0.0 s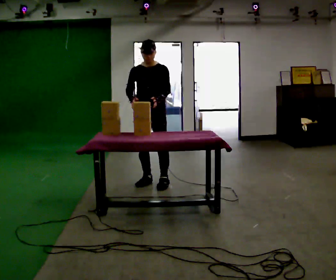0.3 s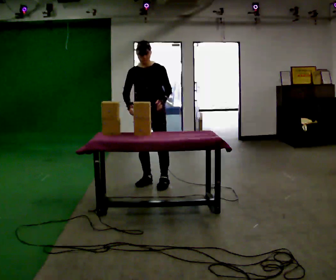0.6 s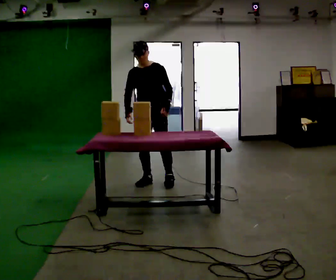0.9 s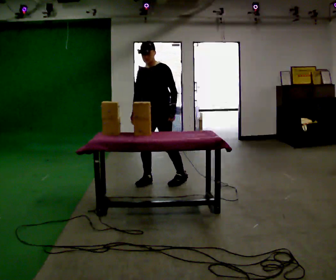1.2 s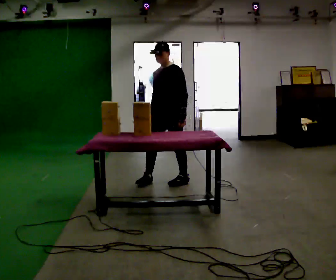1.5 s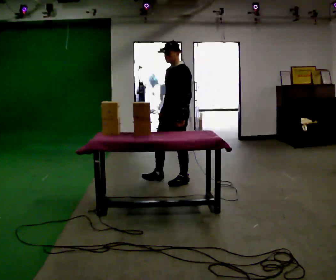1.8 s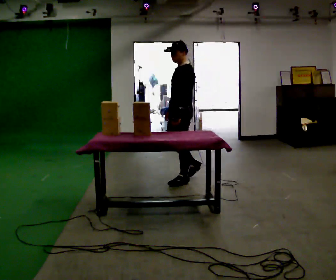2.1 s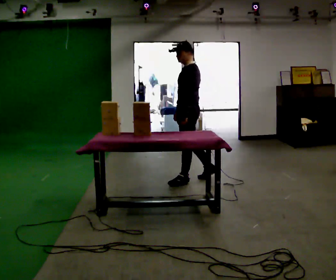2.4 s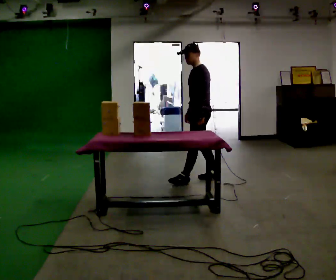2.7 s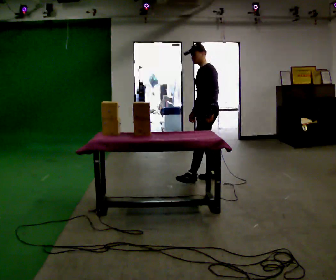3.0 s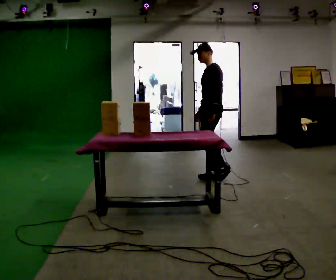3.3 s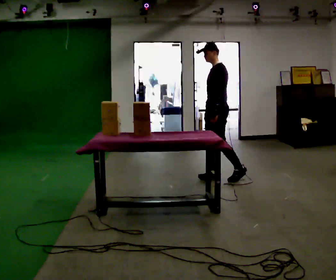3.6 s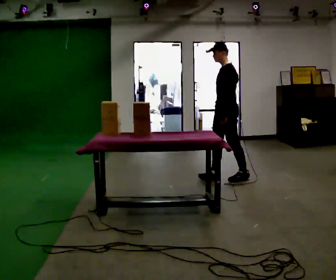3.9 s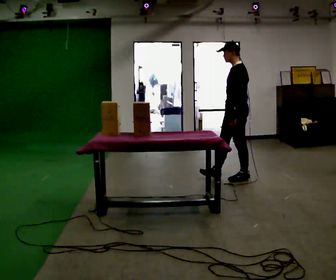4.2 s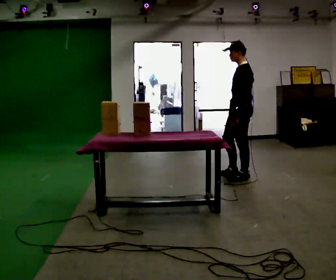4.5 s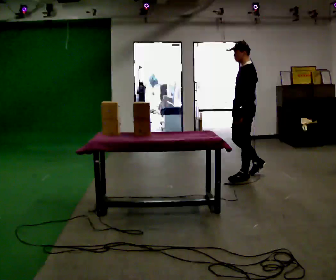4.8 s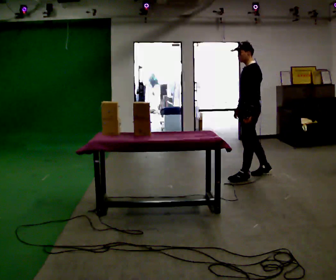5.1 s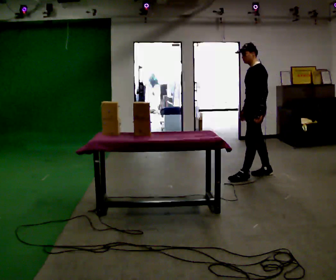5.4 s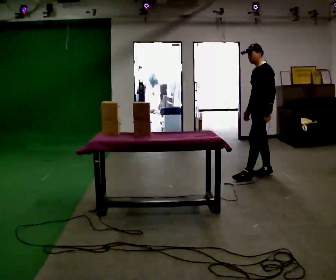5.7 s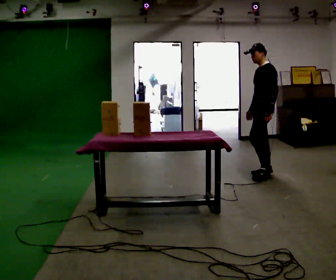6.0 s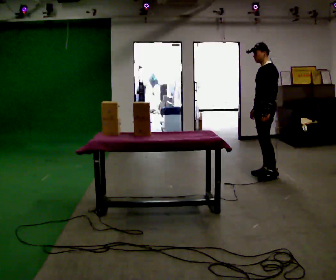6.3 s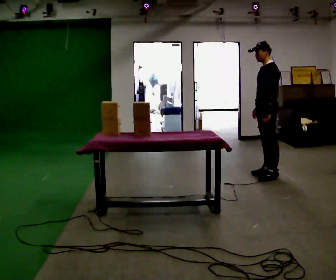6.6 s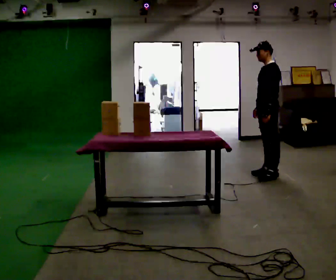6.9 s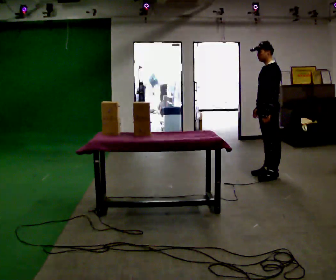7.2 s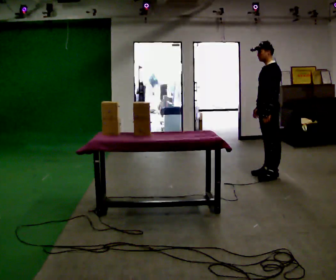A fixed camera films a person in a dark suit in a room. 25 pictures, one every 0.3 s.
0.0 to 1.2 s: The part of the body nearest the lens slides to the left as the person turns to their right by about 30 degrees. In the picture they go to the right, about 0.25 m in 1 step, which for them is to their left and backward.
1.2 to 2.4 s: The person turns about 30 degrees to their right, clockwise seen from above, so the part of the body nearest the lens slides to the left. In the picture they go to the right and away from the camera, about 0.5 m in 1 step, which for them is backward.
2.4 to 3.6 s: In the picture they go to the right, about 0.25 m in 1 step, which for them is backward.
3.6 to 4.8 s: In the picture they go to the right, about 0.25 m in 1 step, which for them is backward.
4.8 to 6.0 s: In the picture they go to the right, about 0.25 m in 1 step, which for them is backward.
6.0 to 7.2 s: The person moves a little, or ends about where they began.
The film runs backward here.
